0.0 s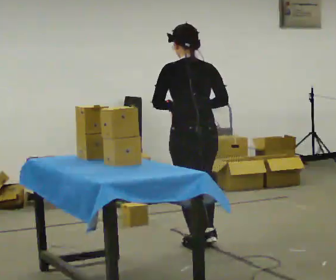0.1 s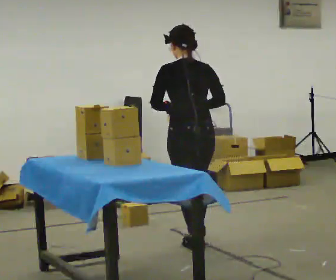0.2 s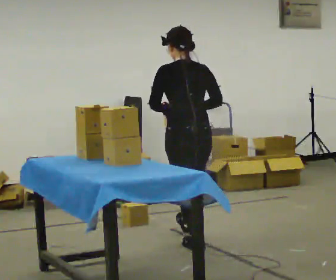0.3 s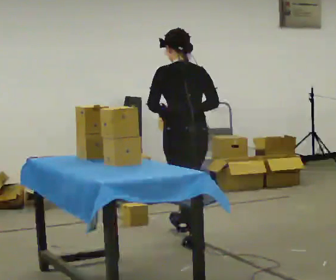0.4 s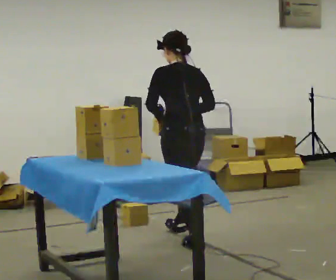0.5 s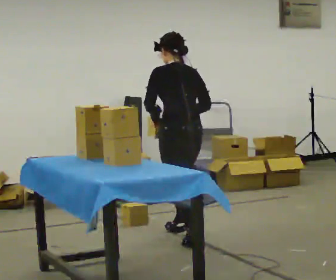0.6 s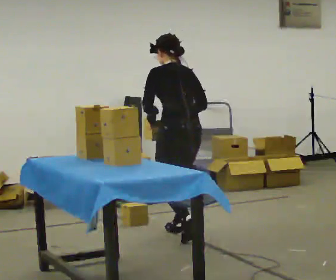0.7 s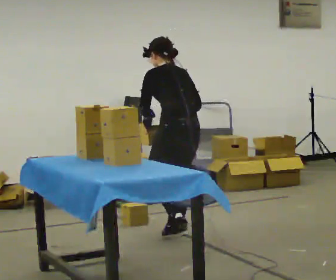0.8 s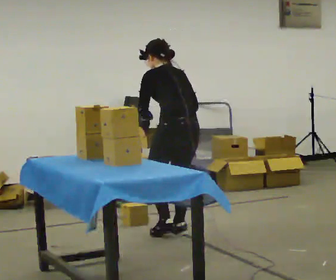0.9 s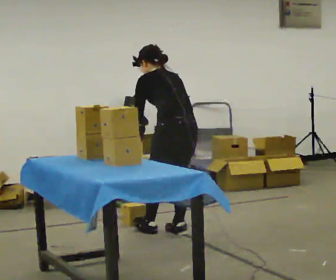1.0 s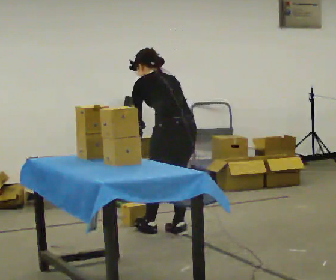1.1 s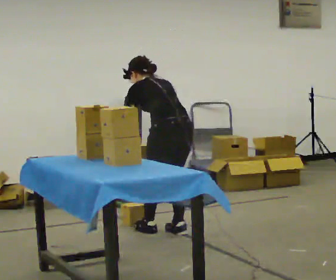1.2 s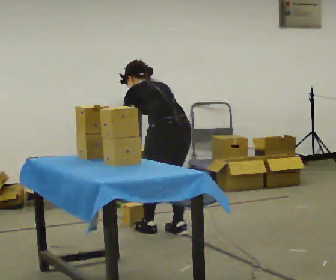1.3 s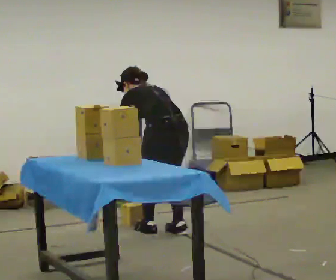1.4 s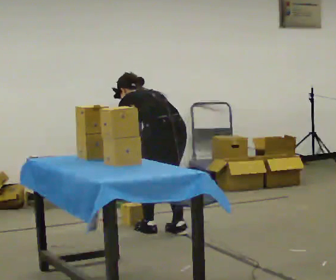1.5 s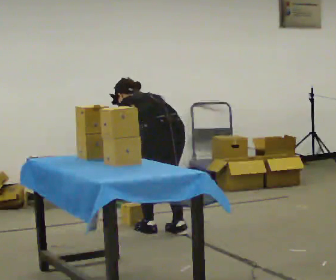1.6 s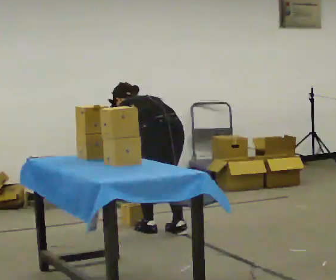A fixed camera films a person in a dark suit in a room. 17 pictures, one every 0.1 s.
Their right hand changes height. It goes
downward.
Their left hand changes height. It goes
downward.
0.0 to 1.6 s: In the picture they go away from the camera and to the left, about 0.5 m in 2 steps, which for them is forward. The upper body goes downward. The upper body tips away from the camera, its near side rolling upward, as they bend forward. In the picture their left hand goes downward.
The film runs forward here.
